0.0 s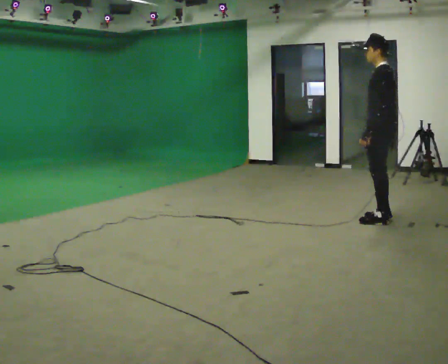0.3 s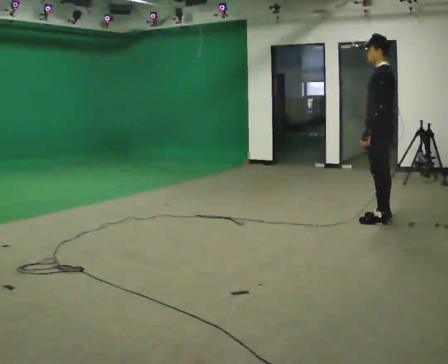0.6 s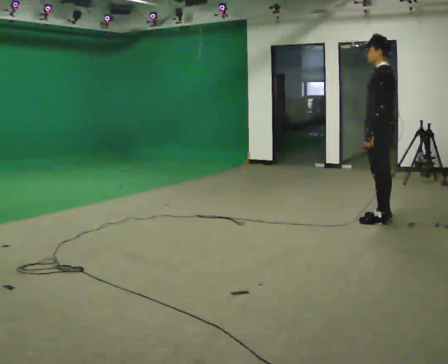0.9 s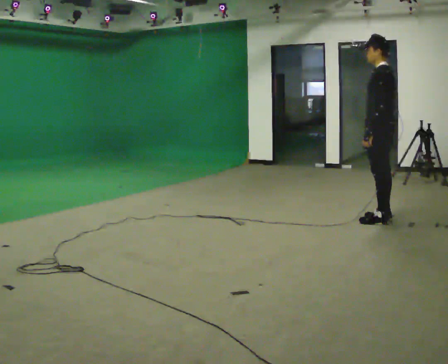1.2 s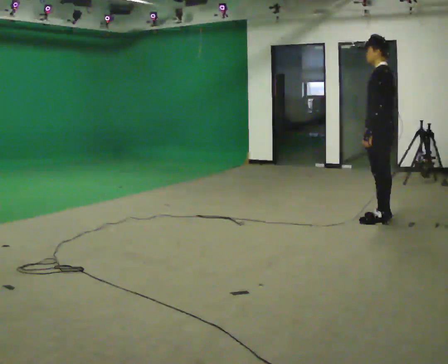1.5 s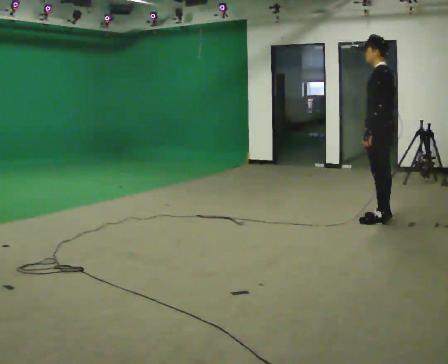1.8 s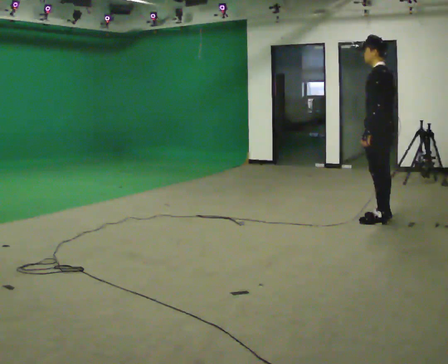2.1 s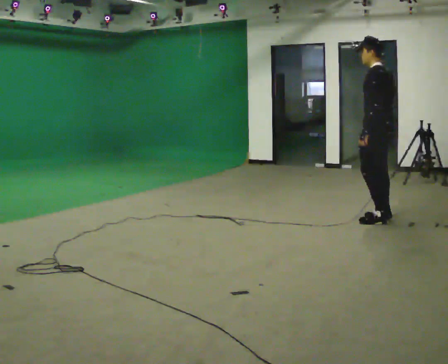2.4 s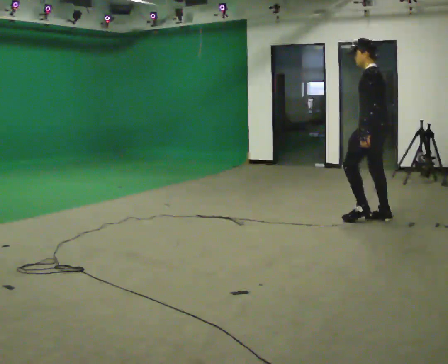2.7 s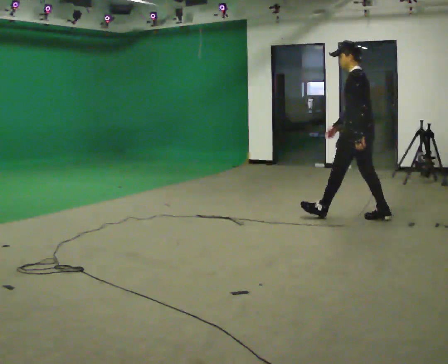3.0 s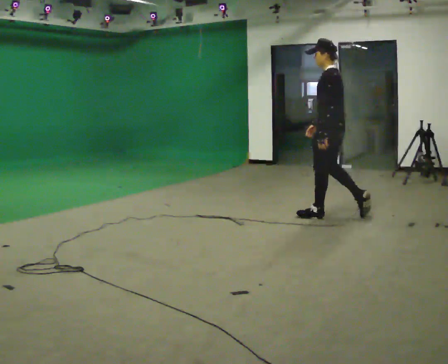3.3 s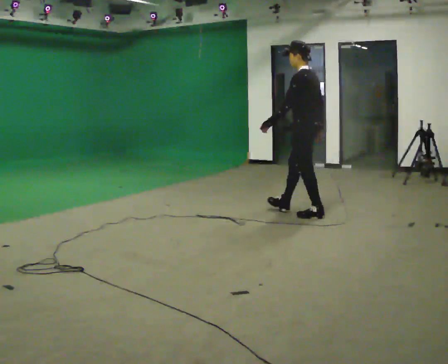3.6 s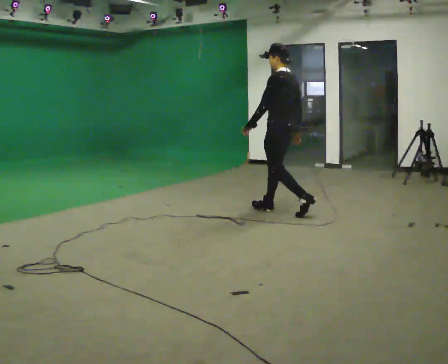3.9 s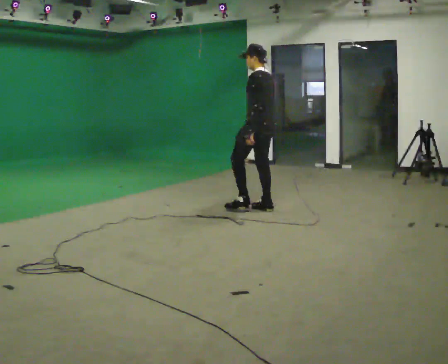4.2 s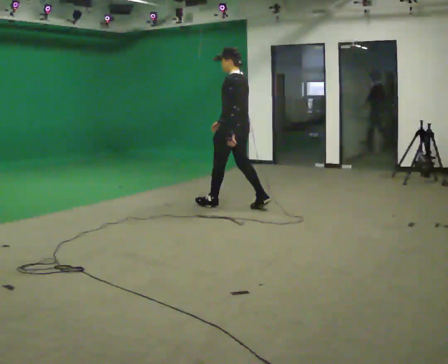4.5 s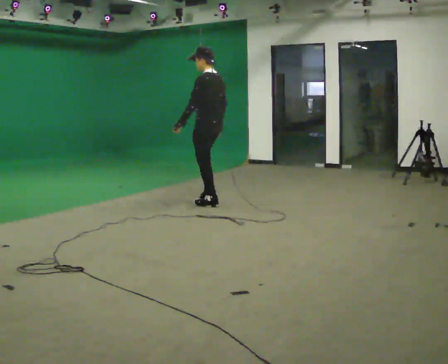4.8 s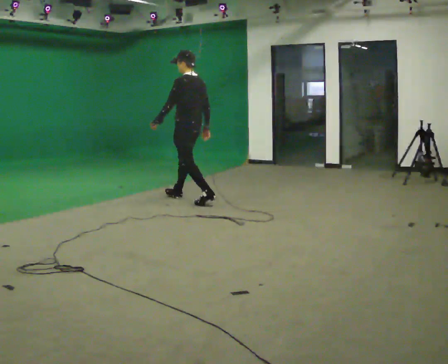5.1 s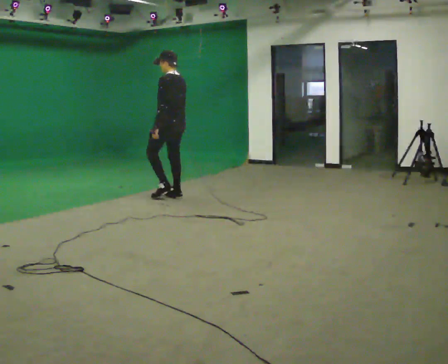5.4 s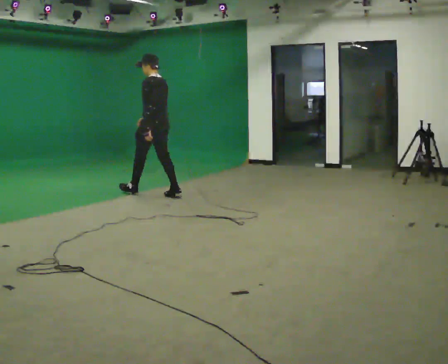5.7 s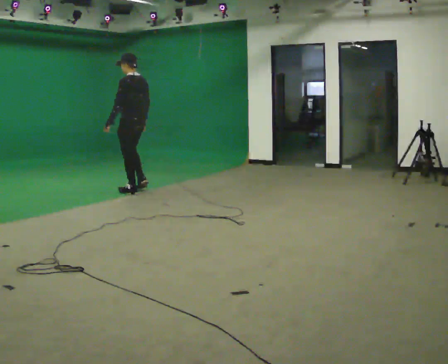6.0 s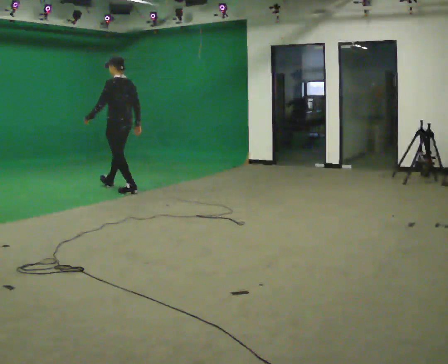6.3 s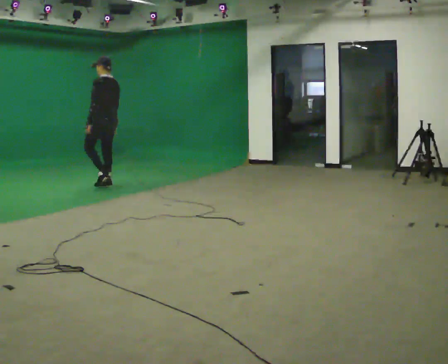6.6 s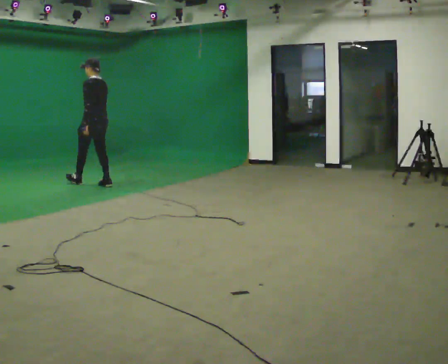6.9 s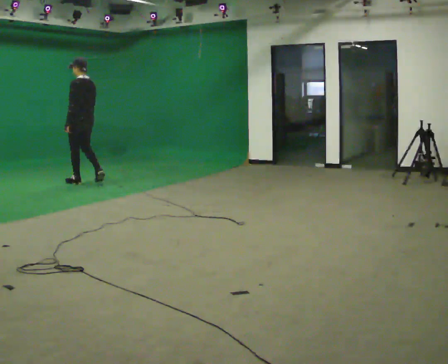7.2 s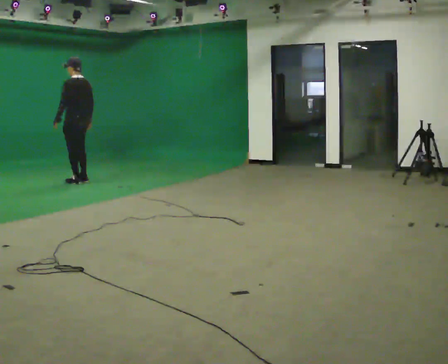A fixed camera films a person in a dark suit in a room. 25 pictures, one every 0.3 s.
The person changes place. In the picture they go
to the left.
0.0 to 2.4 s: The person moves a little, or ends about where they began.
2.4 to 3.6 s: In the picture they go to the left and away from the camera, about 1 m in 2 steps, which for them is forward.
3.6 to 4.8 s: In the picture they go to the left and away from the camera, about 1 m in 2 steps, which for them is forward.
4.8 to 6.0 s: In the picture they go to the left and away from the camera, about 1 m in 2 steps, which for them is forward.
6.0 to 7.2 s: In the picture they go to the left and away from the camera, about 1 m in 2 steps, which for them is forward.
The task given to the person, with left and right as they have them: Stand still 2 s; begin walking naturally; walk forward; stop.
The film runs forward here.
